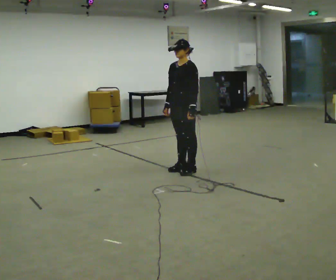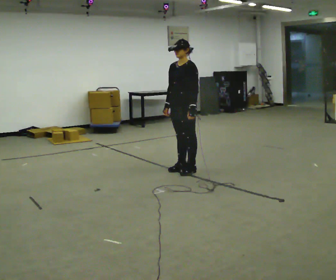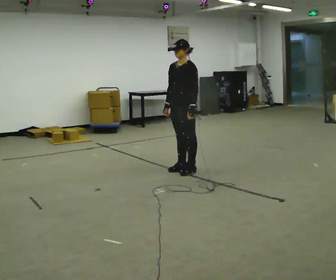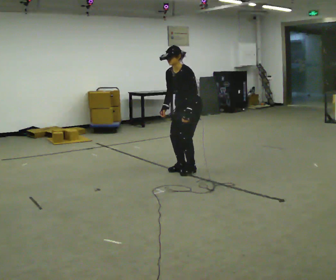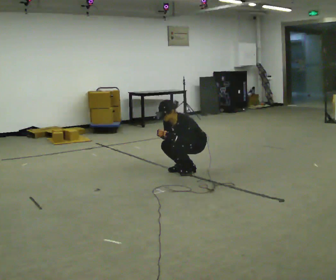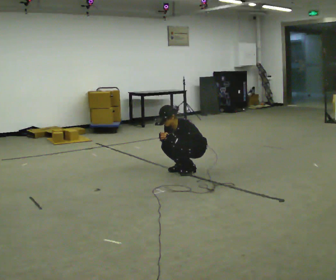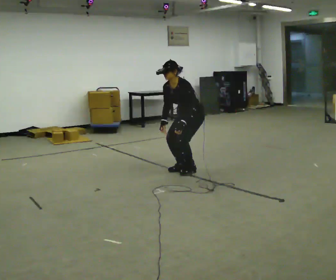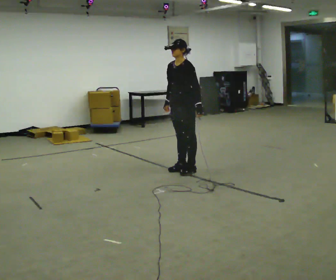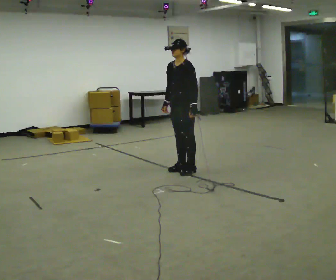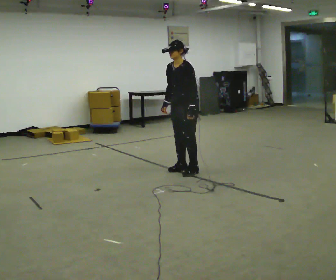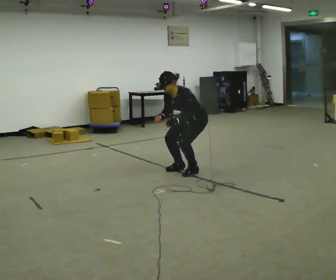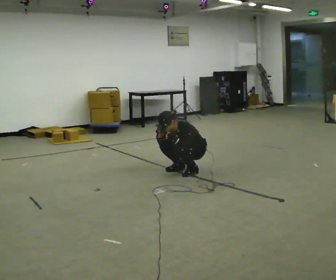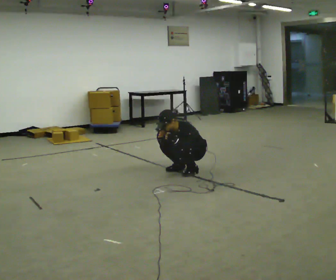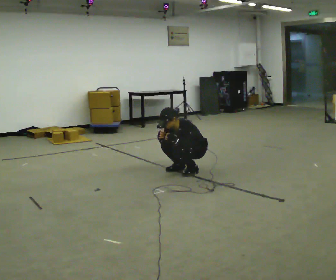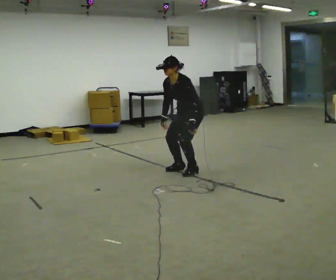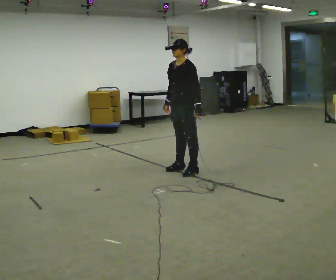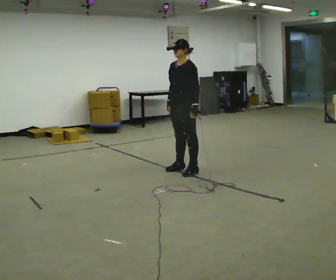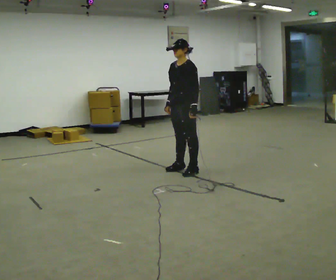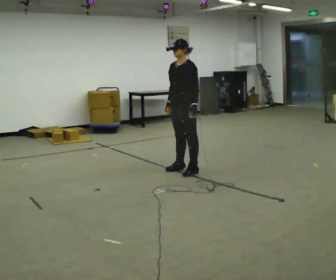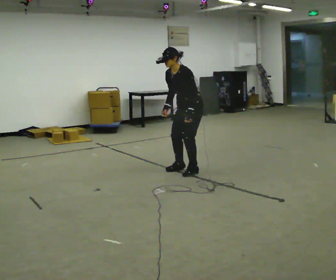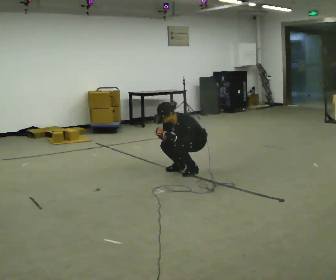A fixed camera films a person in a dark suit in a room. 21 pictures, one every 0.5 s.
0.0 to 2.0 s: The shoulders move downward. In the picture the upper body tilts counterclockwise, shoulders to the left, as they bend forward. In the picture their left hand goes downward.
2.0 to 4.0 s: The upper body goes upward. In the picture the upper body tilts clockwise, shoulders to the right, as they lean back or straighten. In the picture their left hand goes upward.
4.0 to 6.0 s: In the picture they go to the right, about 0.25 m, which for them is backward. The shoulders move downward. In the picture the upper body tilts counterclockwise, shoulders to the left, as they bend forward. In the picture their left hand goes downward.
6.0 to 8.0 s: The shoulders move upward. In the picture the upper body tilts clockwise, shoulders to the right, as they lean back or straighten. In the picture their left hand goes upward.
8.0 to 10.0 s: The shoulders move downward. In the picture the upper body tilts counterclockwise, shoulders to the left, as they bend forward. In the picture their left hand goes downward.
The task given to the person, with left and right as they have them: Squat down as far as is comfortable, then stand back up. Repeat the movement at your own pace until the operator says stop; do not rush.
The film runs forward here.
